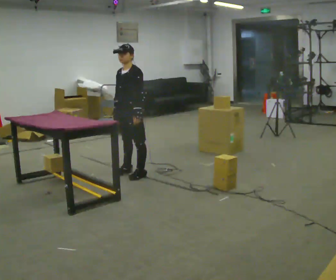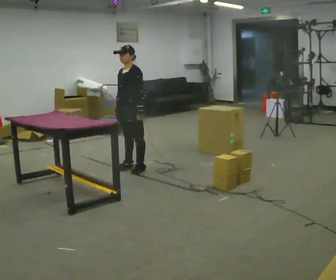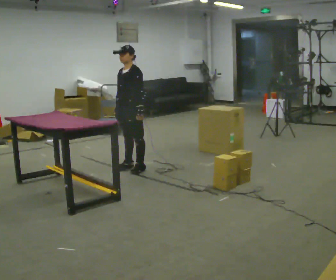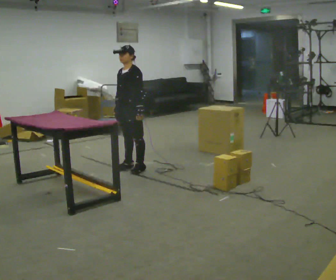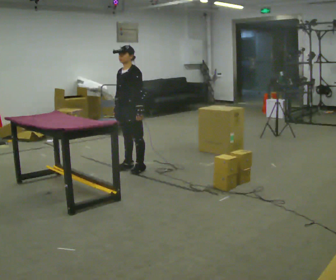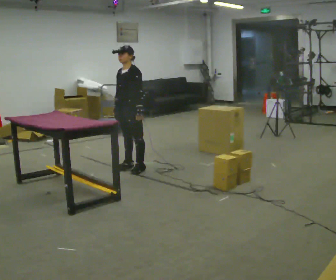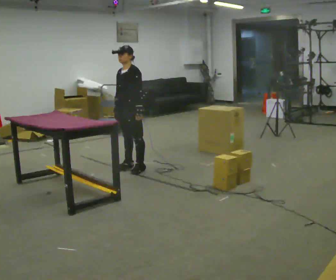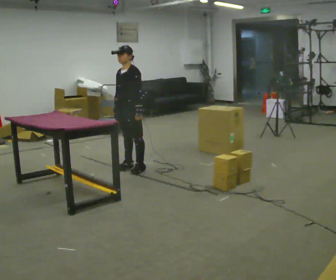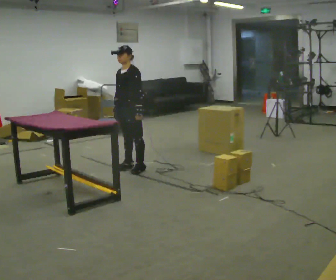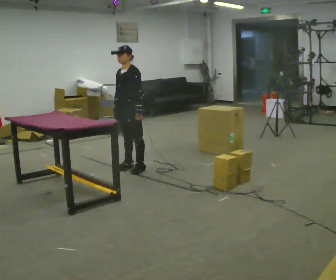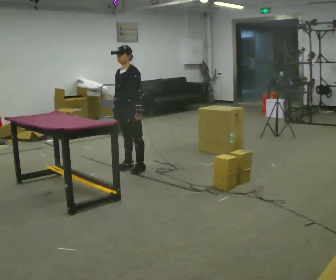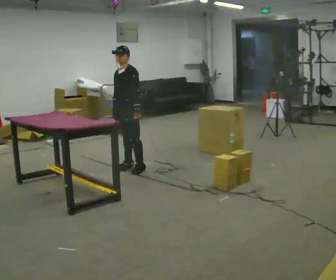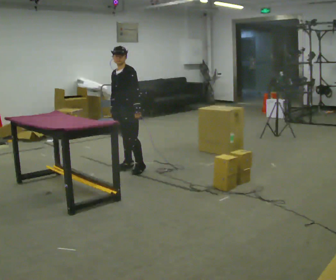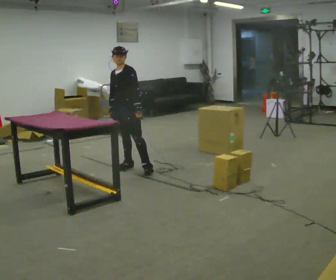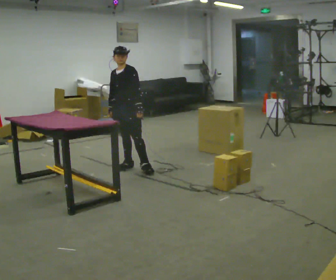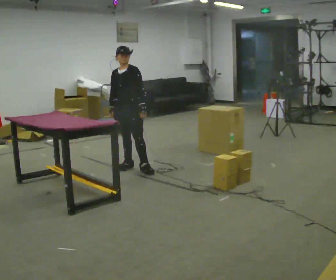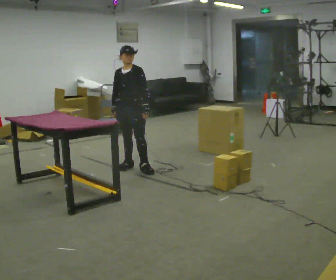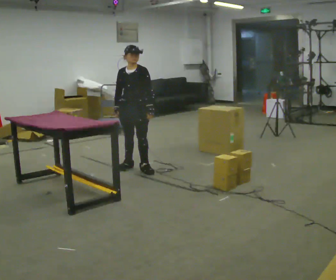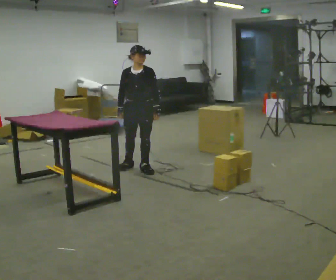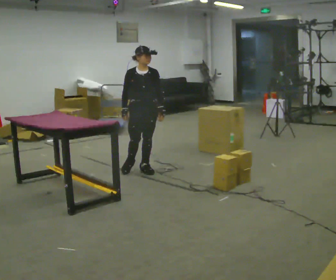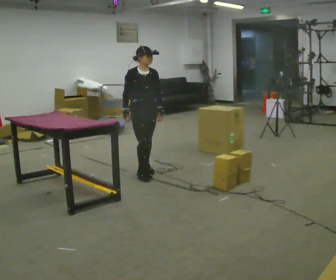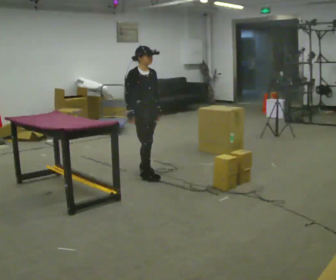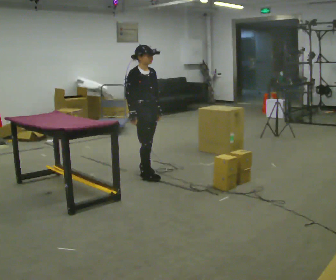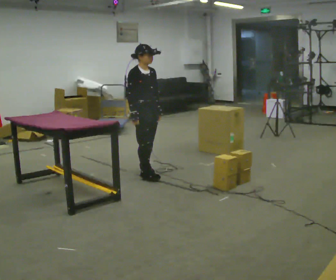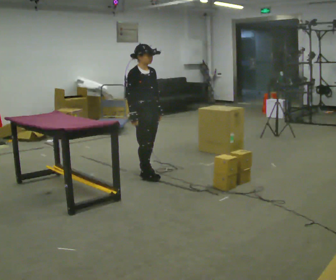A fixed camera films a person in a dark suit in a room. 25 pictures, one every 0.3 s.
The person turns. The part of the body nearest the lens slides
to the right.
The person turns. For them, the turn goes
to their left.
0.0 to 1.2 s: In the picture they go away from the camera, about 0.25 m, which for them is to their right and backward.
1.2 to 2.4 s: The person keeps their place and pose.
2.4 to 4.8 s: The person moves a little, or ends about where they began.
4.8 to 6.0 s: Seen from above the body turns counterclockwise, about 45 degrees: to their left, with its near side sliding to the right.
6.0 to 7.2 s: In the picture they go toward the camera, about 0.25 m in 1 step, which for them is forward and to their right.
The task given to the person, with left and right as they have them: 1. The operator will tell you the shelf is already sorted and just needs moving to the table. 2. Do what you think is right. 3. Tell the operator when you are finished.
The film runs forward here.
